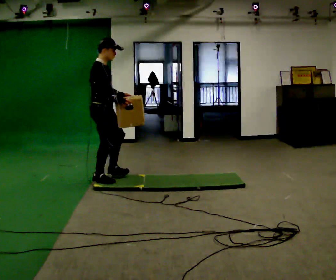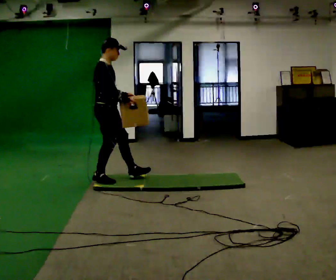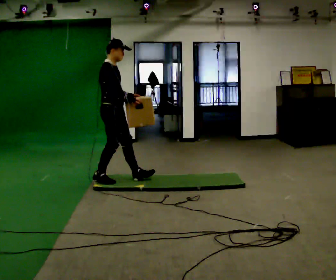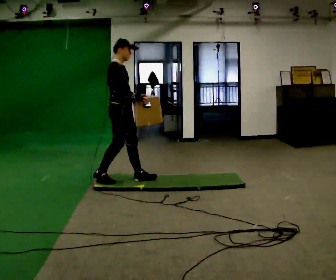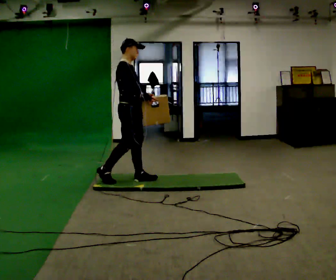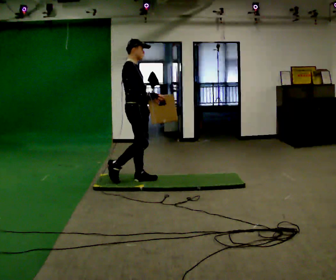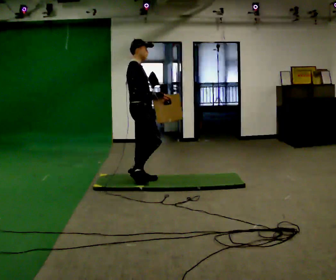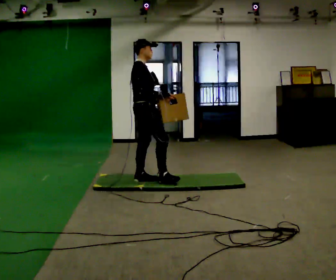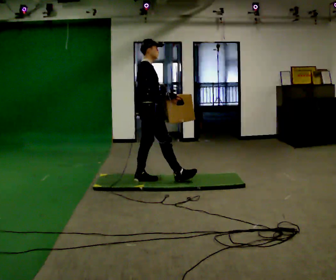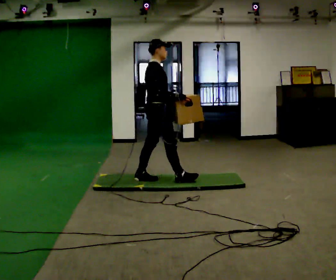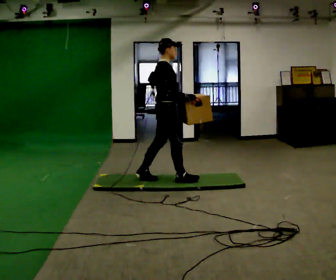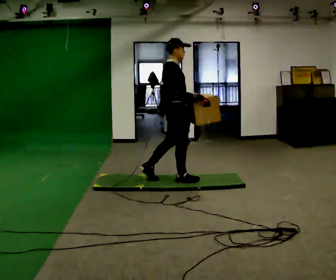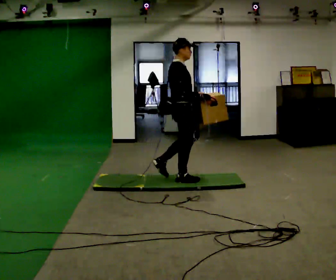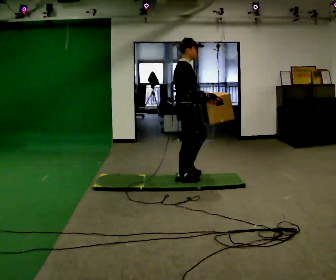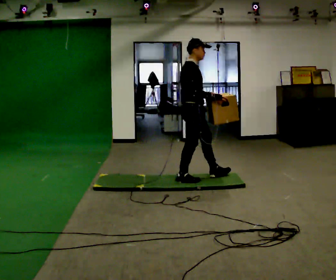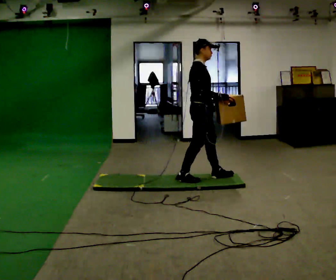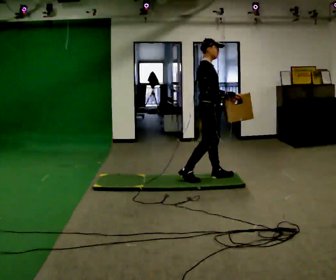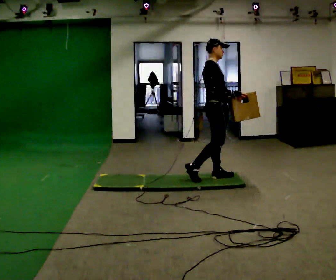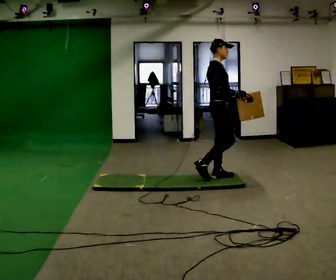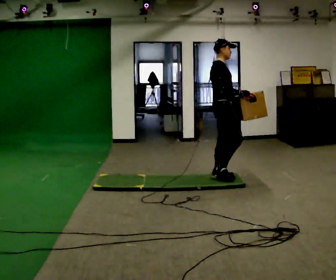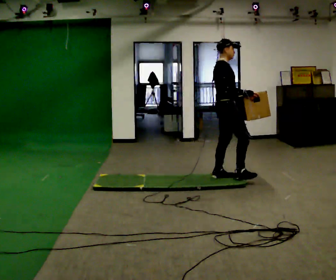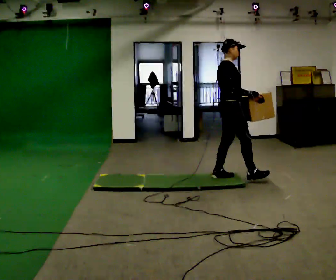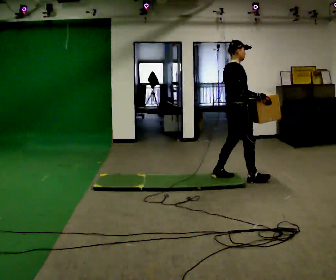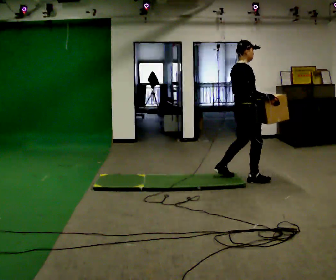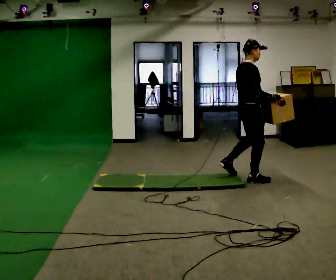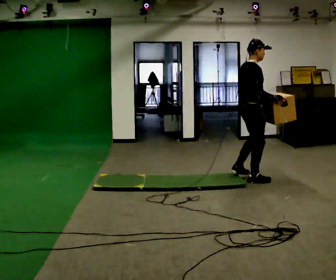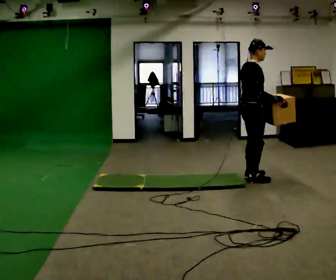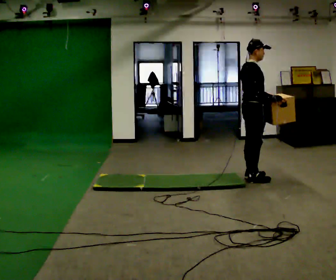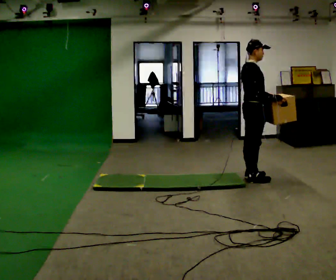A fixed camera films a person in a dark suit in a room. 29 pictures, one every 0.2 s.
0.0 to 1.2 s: In the picture they go to the right, about 0.5 m in 1 step, which for them is forward.
1.2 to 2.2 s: In the picture they go to the right, about 0.5 m in 1 step, which for them is forward.
2.2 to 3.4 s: In the picture they go to the right and away from the camera, about 0.5 m in 1 step, which for them is forward.
3.4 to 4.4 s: In the picture they go to the right, about 0.25 m in 1 step, which for them is forward.
4.4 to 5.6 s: In the picture they go to the right, about 0.25 m in 1 step, which for them is forward.
The film runs forward here.
